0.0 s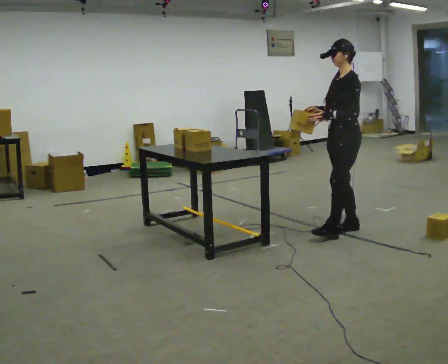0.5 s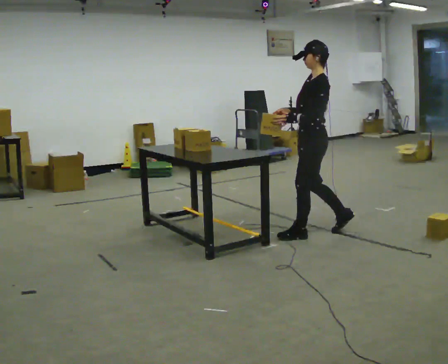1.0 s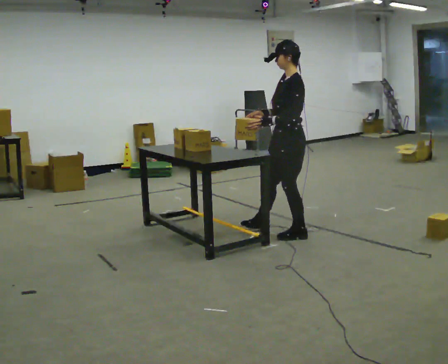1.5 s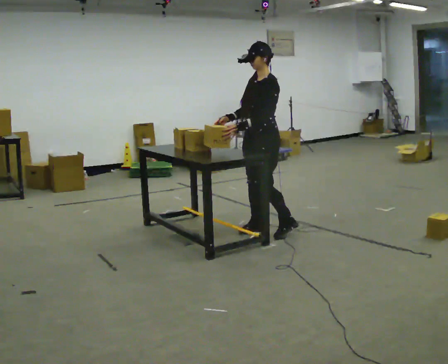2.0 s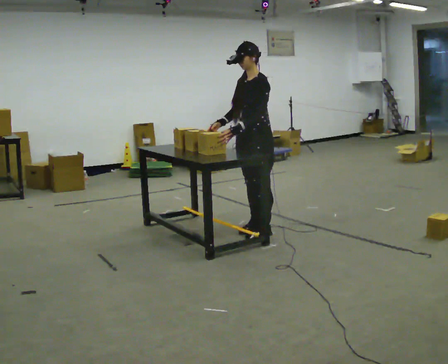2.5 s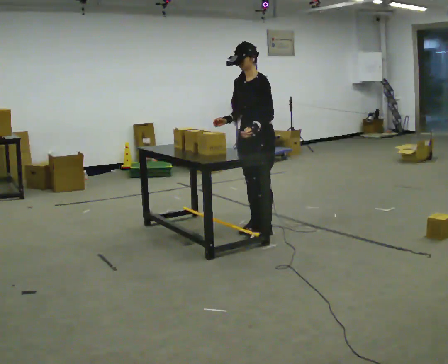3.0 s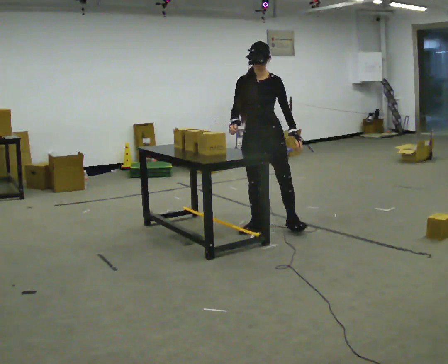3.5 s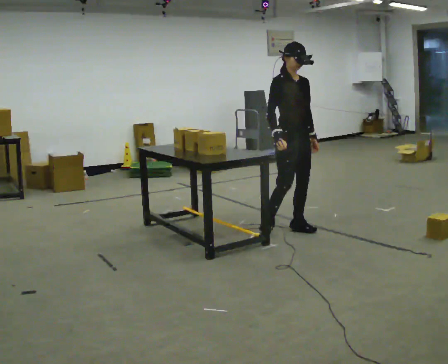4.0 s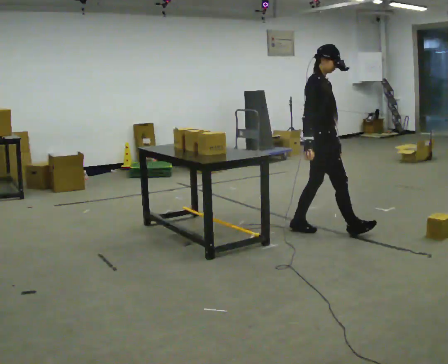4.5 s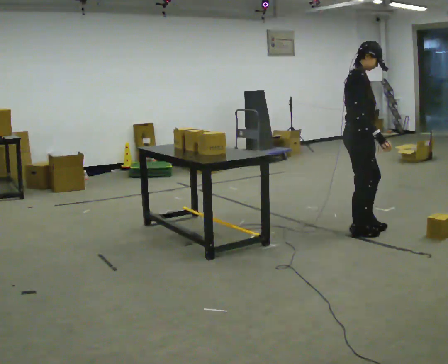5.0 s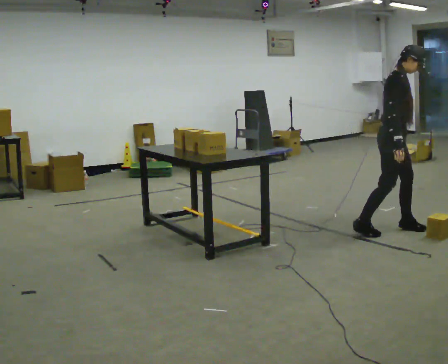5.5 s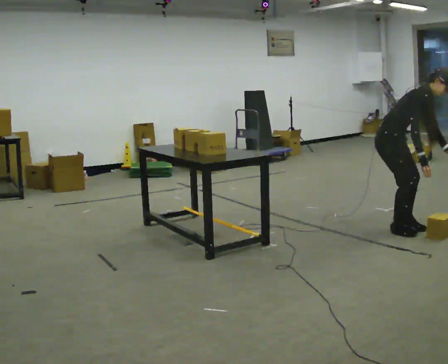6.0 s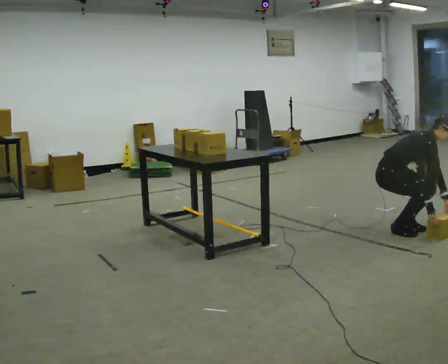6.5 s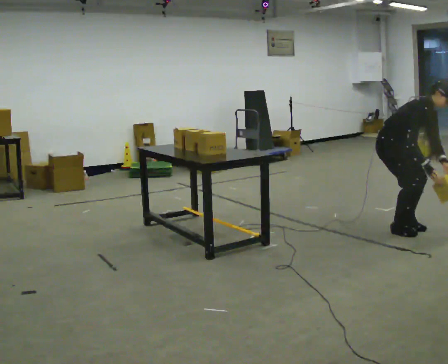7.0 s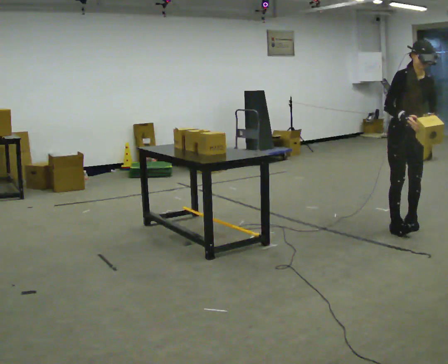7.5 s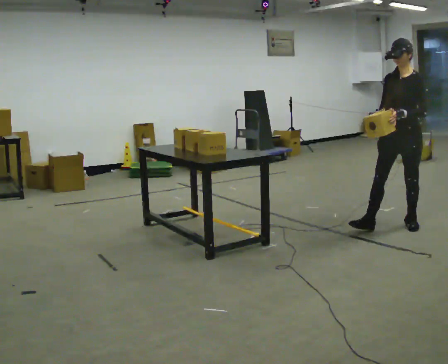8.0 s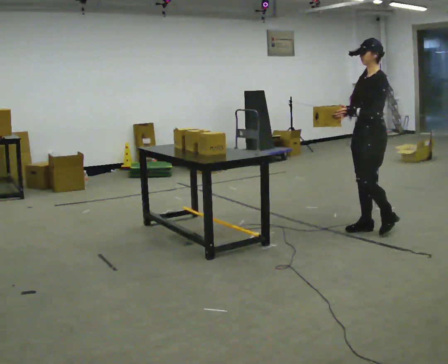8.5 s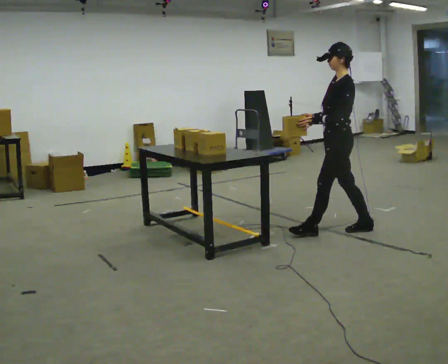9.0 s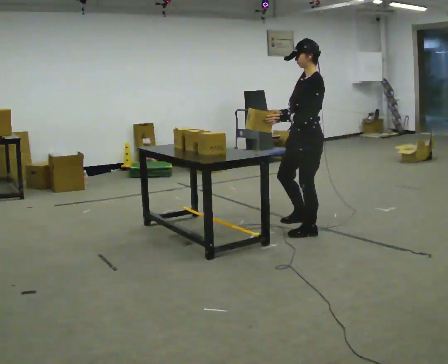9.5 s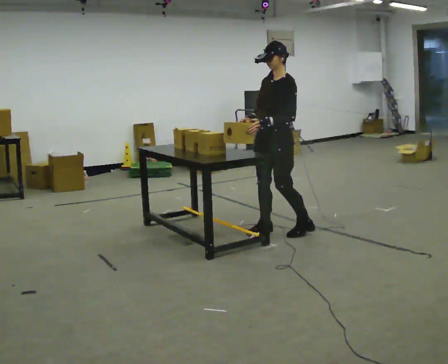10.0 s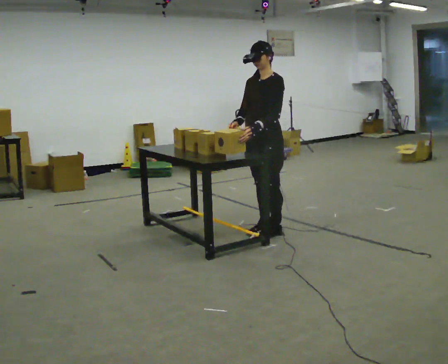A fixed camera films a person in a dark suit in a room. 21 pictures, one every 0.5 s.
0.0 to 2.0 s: Seen from above the body turns counterclockwise, about 30 degrees: to their left, with its near side sliding to the right. In the picture they go to the left, about 0.5 m in 3 steps, which for them is forward.
2.0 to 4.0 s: The part of the body nearest the lens slides to the right as the person turns to their left by about 135 degrees. In the picture they go to the right, about 0.5 m in 1 step.
4.0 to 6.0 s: Seen from above the body turns clockwise, about 30 degrees: to their right, with its near side sliding to the left. In the picture they go to the right, about 0.5 m in 3 steps, which for them is forward and to their left. The upper body goes downward. In the picture the upper body tilts clockwise, shoulders to the right, as they bend forward. In the picture their left hand goes downward.
6.0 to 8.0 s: The person turns about 120 degrees to their right, clockwise seen from above, so the part of the body nearest the lens slides to the left. In the picture they go to the left, about 0.25 m in 2 steps. The upper body goes upward. In the picture the upper body tilts counterclockwise, shoulders to the left, as they lean back or straighten. In the picture their left hand goes to the left and upward.
8.0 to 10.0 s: Seen from above the body turns counterclockwise, about 30 degrees: to their left, with its near side sliding to the right. In the picture they go to the left, about 1 m in 3 steps, which for them is forward.
The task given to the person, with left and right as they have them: Pick up the next box in the row and carry it to the table. The operator will not tell you how heavy each one is. Keep going until the operator says stop; one object at a time, and do not rush between trips.
The film runs forward here.
